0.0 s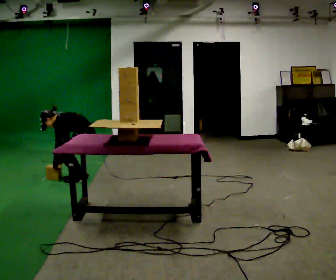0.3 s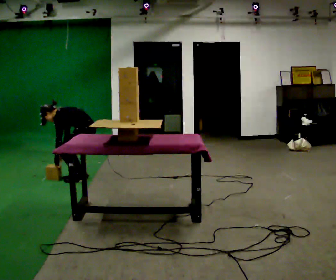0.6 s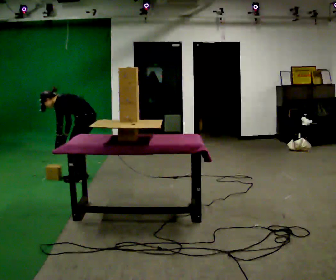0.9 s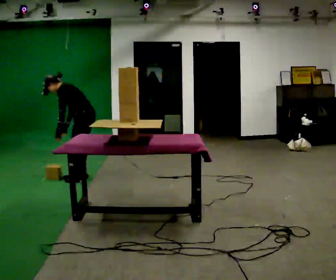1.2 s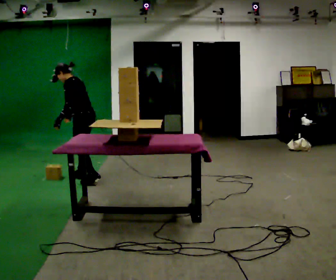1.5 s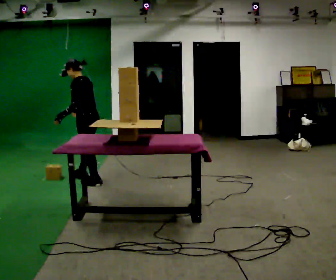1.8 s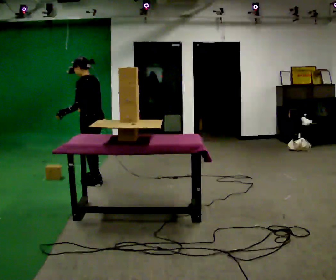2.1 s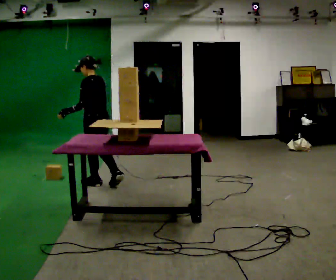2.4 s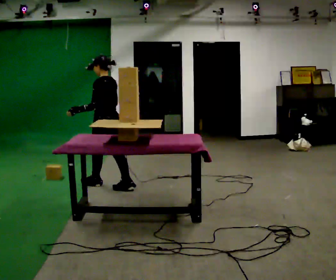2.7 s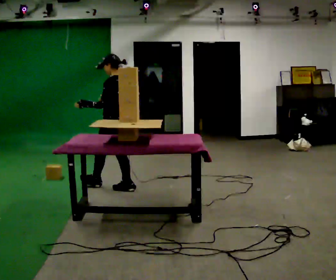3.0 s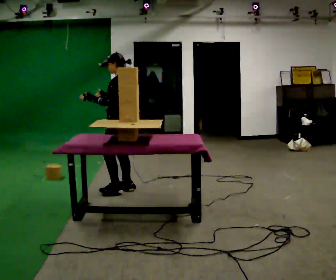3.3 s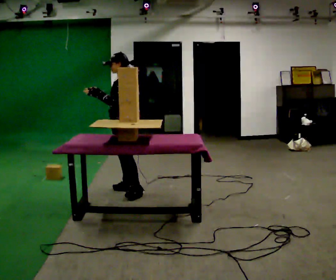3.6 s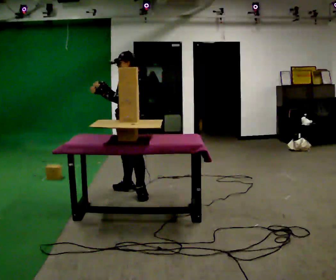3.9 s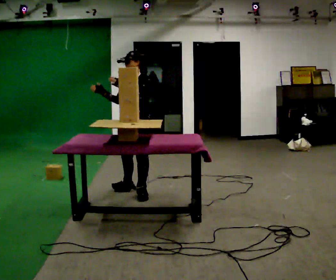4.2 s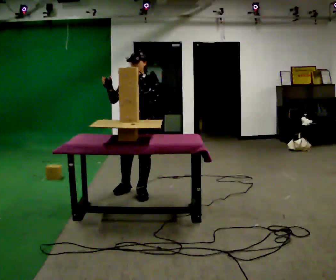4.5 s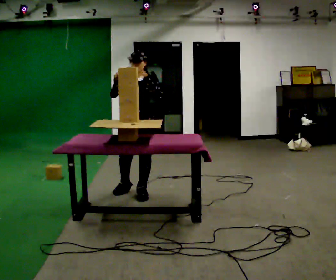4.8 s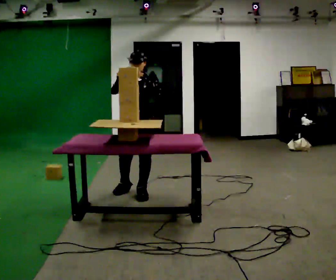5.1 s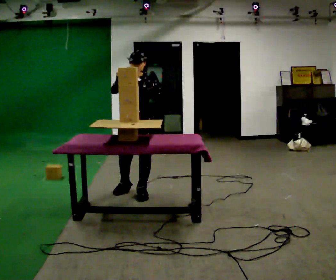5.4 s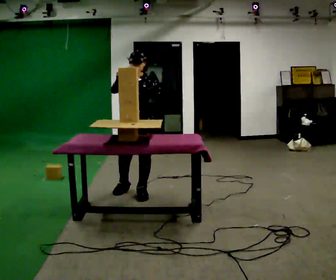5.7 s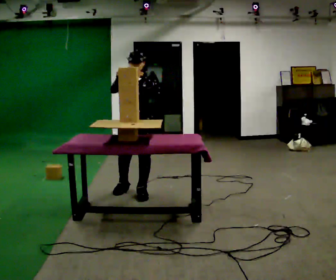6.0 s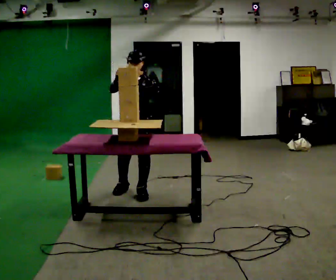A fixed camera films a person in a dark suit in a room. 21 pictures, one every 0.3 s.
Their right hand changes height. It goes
upward.
Their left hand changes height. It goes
upward.
0.0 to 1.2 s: The shoulders move upward. In the picture the upper body tilts clockwise, shoulders to the right, as they lean back or straighten. In the picture their right hand goes upward.
1.2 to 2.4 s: In the picture they go toward the camera and to the right, about 0.5 m in 1 step, which for them is backward. In the picture the upper body tilts clockwise, shoulders to the right, as they lean back or straighten.
2.4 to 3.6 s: The part of the body nearest the lens slides to the right as the person turns to their left by about 60 degrees. In the picture they go to the right and toward the camera, about 0.25 m in 1 step, which for them is backward and to their left.
3.6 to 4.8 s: The person turns about 45 degrees to their left, counterclockwise seen from above, so the part of the body nearest the lens slides to the right. In the picture they go toward the camera, about 0.25 m, which for them is to their left.
4.8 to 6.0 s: The person keeps their place and pose.
The film runs backward here.
